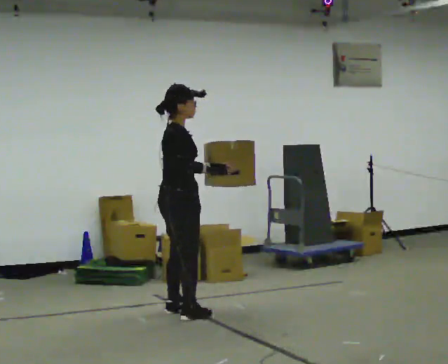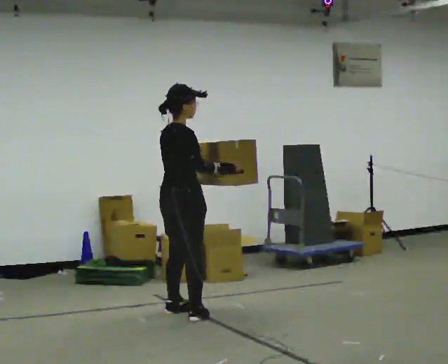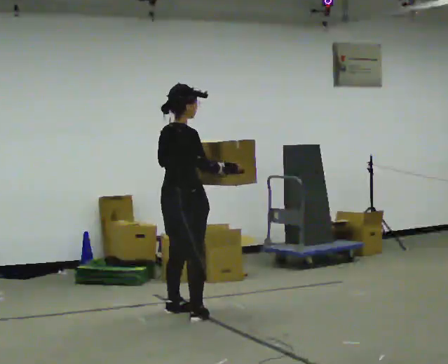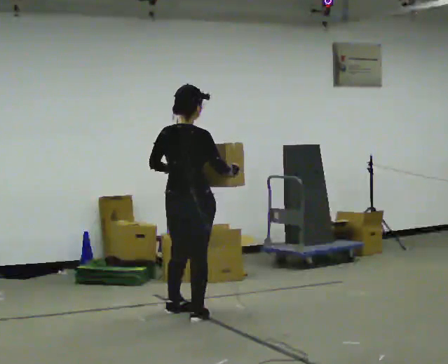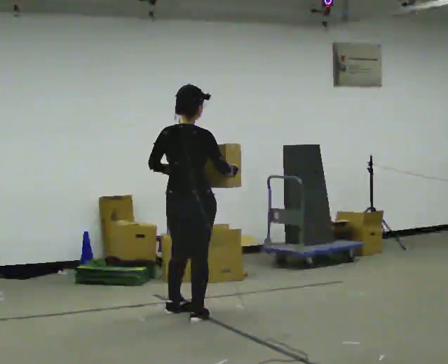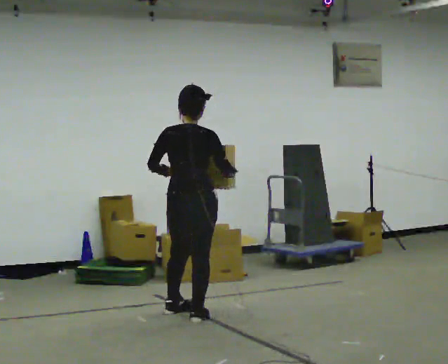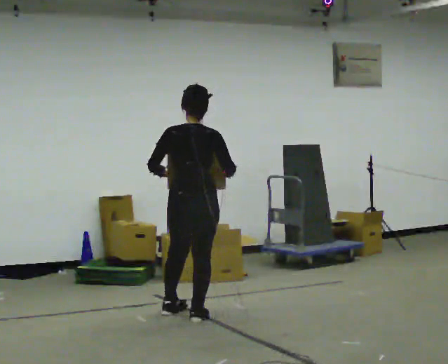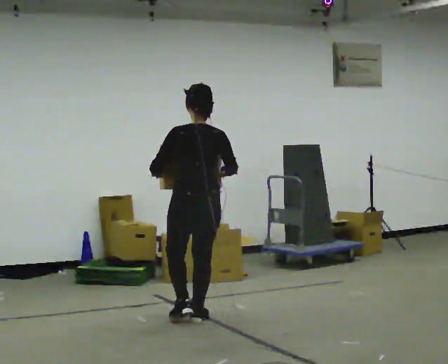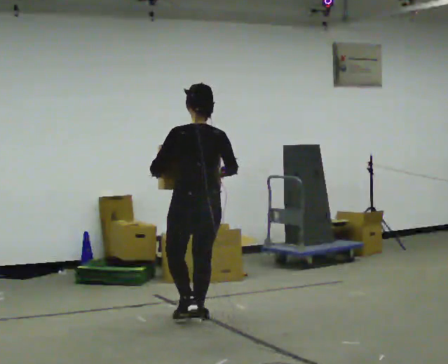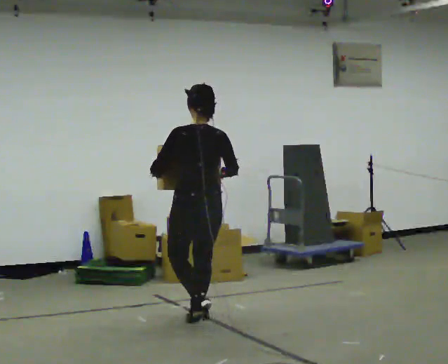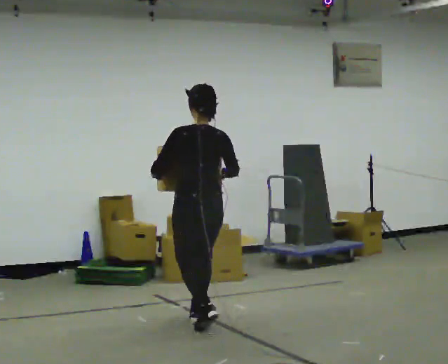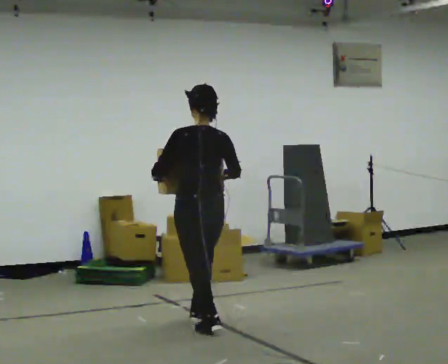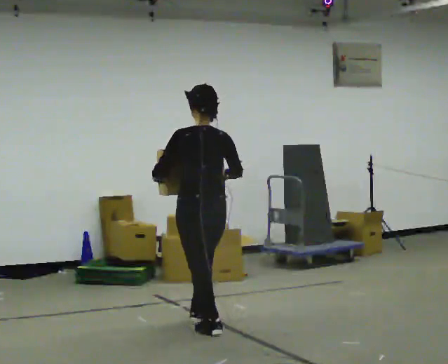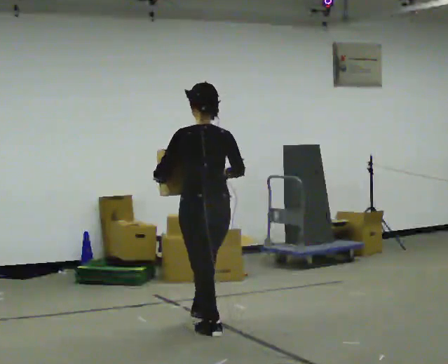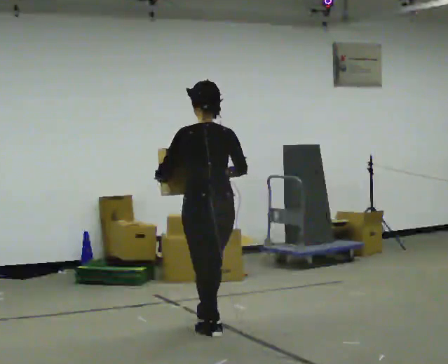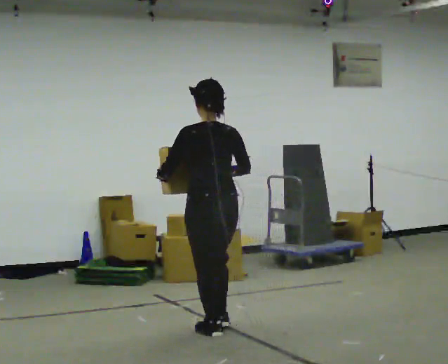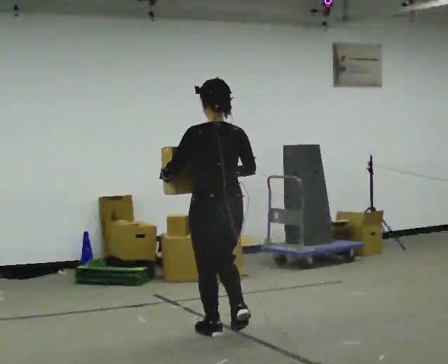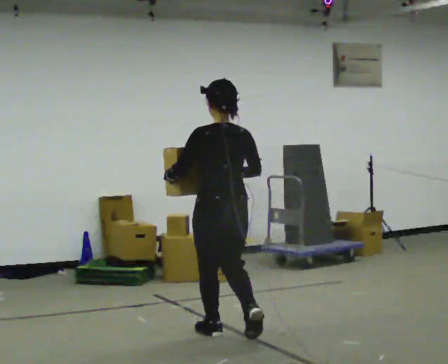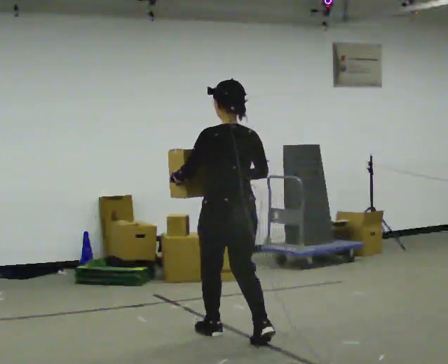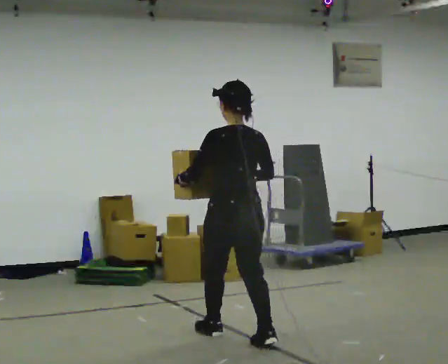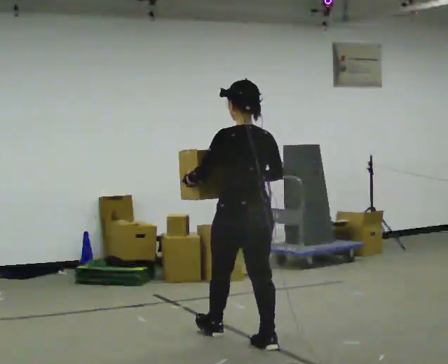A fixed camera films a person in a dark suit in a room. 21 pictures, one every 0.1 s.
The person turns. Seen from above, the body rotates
counterclockwise.
The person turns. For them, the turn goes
to their left.
0.0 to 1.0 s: The part of the body nearest the lens slides to the right as the person turns to their left by about 105 degrees. In the picture they go toward the camera and to the right, about 0.25 m in 1 step.
1.0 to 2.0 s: In the picture they go toward the camera and to the right, about 0.75 m in 2 steps, which for them is backward.
The film runs backward here.
